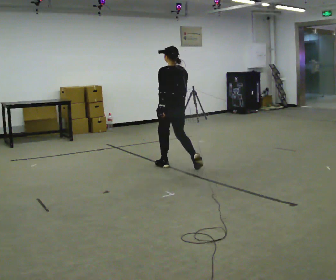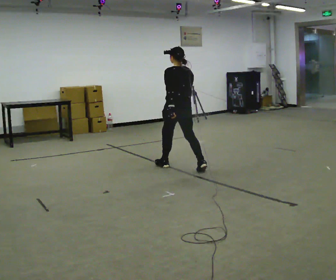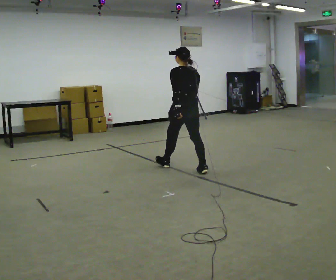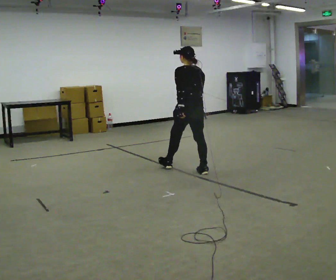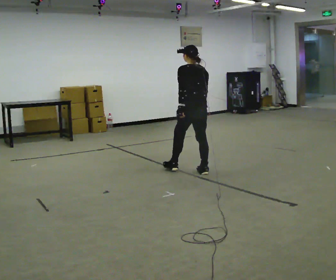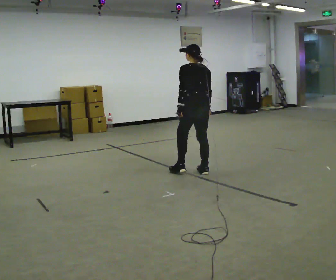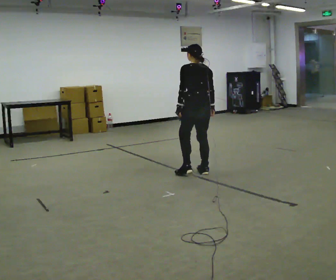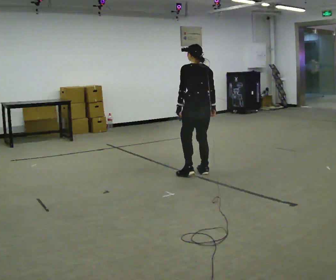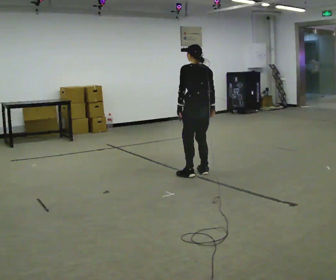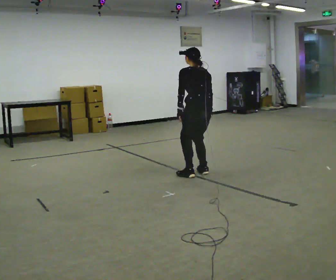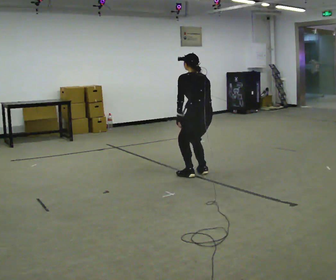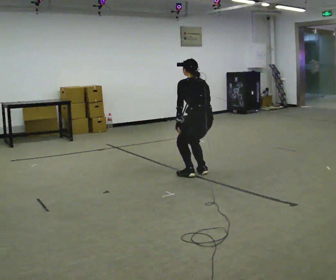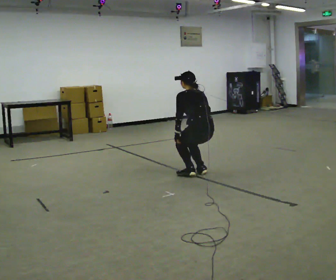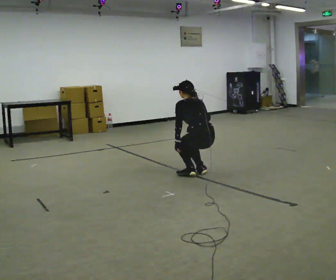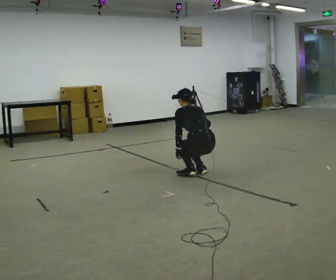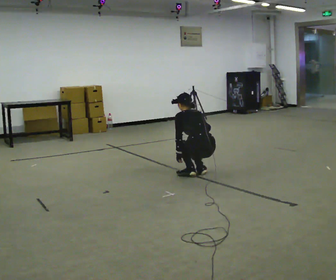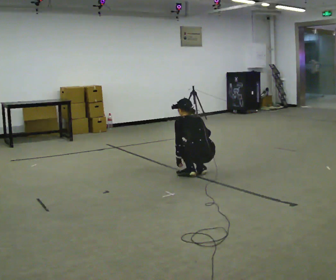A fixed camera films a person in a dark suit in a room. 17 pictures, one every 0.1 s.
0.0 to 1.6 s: In the picture they go toward the camera and to the right, about 0.5 m in 1 step, which for them is backward. The shoulders move downward. The upper body tips away from the camera, its near side rolling upward, as they bend forward. In the picture their right hand goes downward.
The film runs backward here.
